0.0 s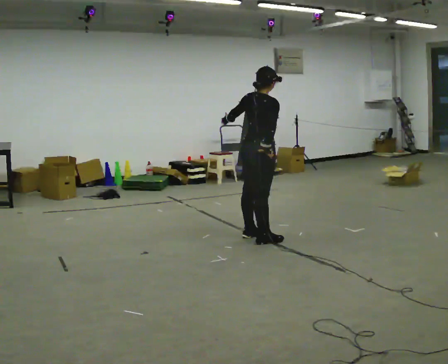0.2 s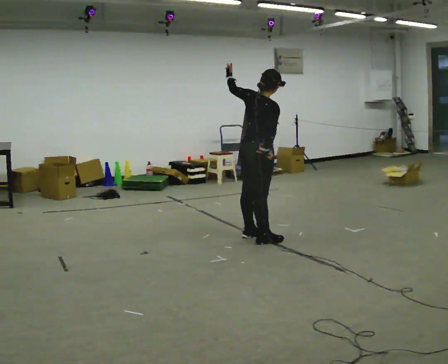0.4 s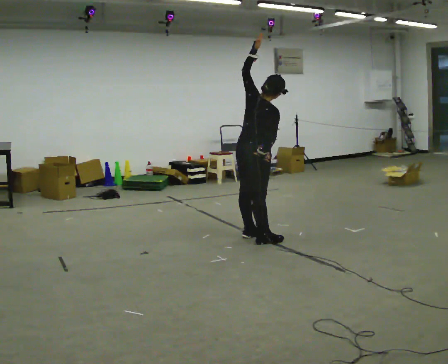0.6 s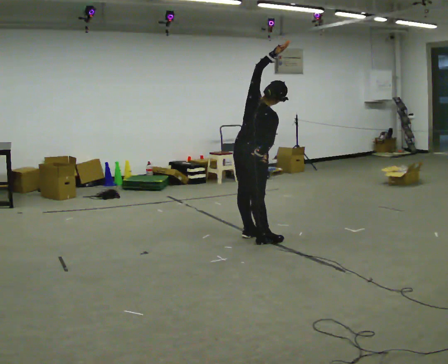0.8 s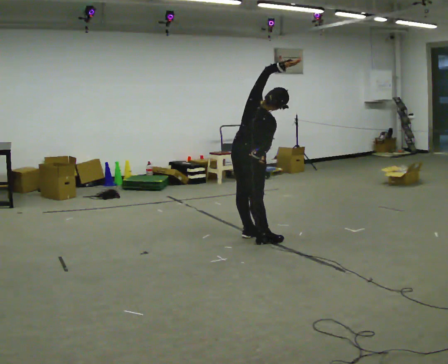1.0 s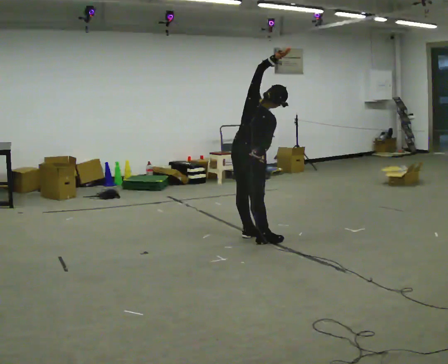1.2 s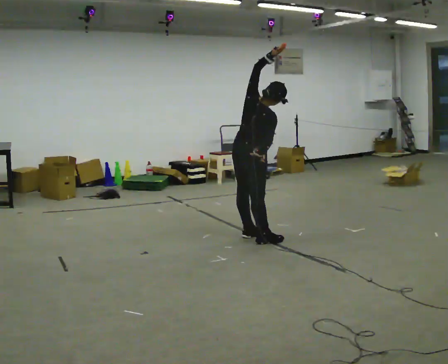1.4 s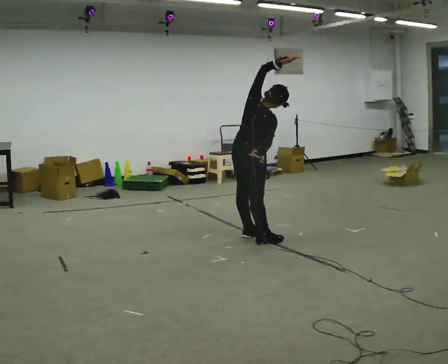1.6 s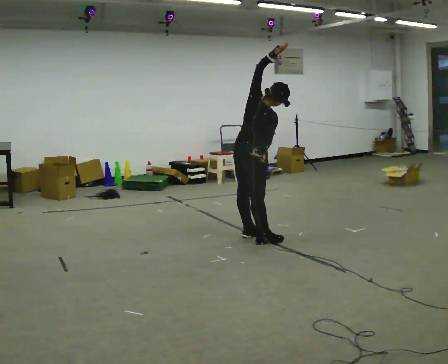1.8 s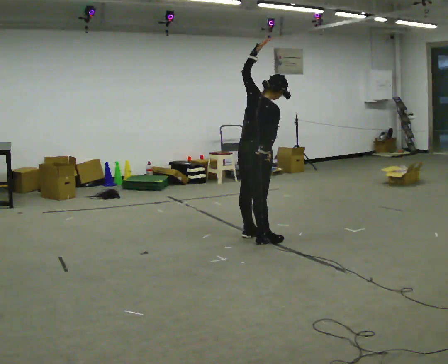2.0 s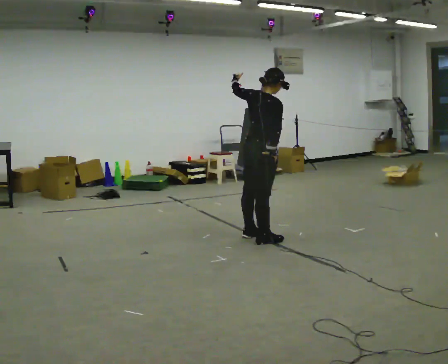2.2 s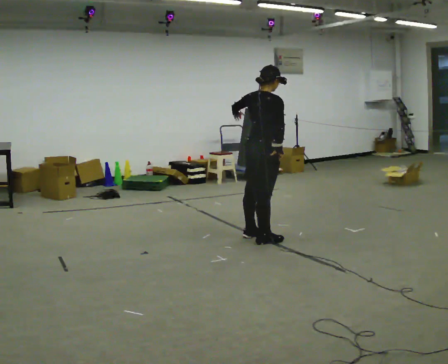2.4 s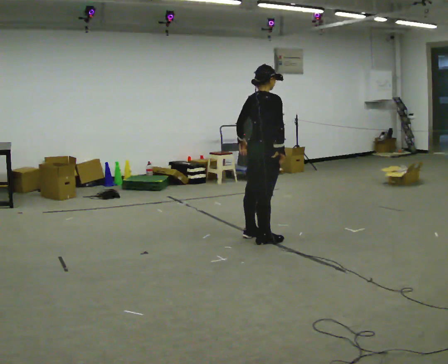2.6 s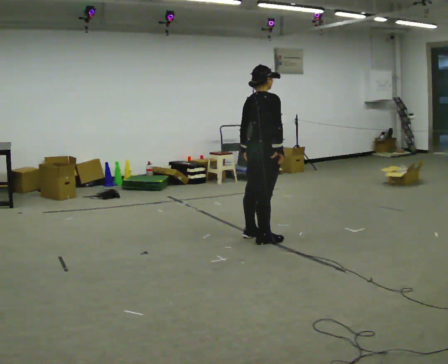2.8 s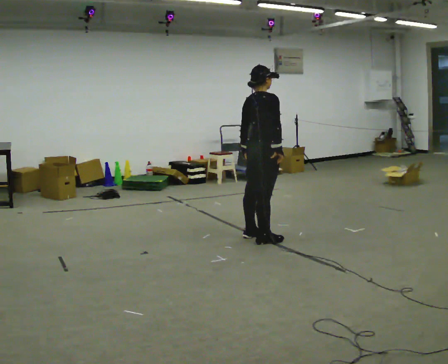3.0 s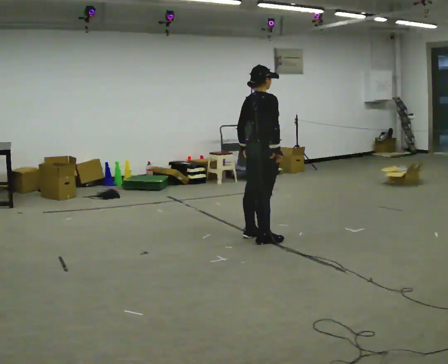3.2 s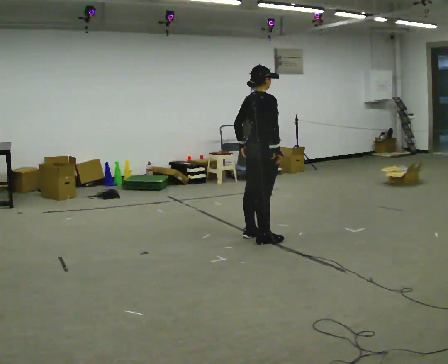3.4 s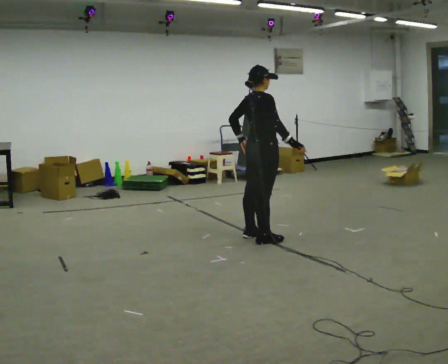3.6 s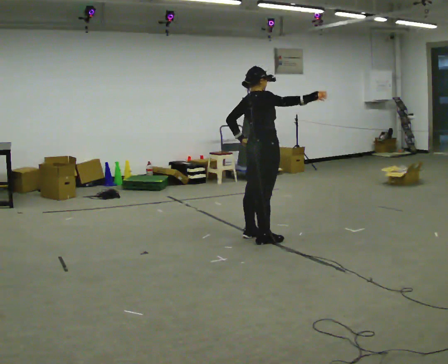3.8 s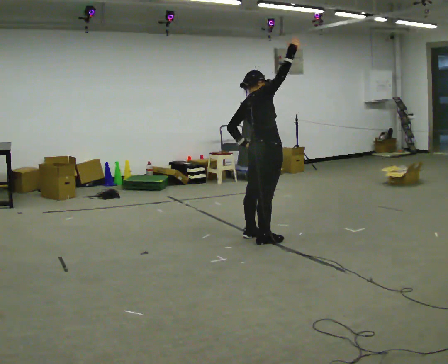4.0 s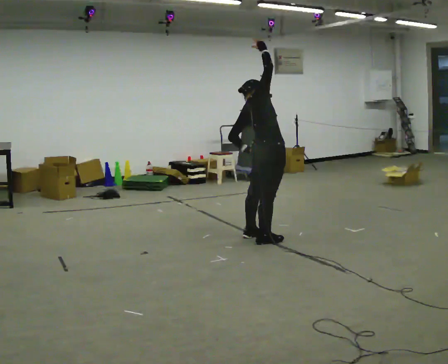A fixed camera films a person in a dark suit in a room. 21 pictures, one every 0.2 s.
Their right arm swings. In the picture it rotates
counterclockwise.
0.0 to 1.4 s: In the picture their left hand goes to the right and upward, the arm swinging clockwise.
1.4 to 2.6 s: The upper body tips away from the camera, its near side rolling upward. In the picture their left hand goes downward and to the left.
2.6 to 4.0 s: The upper body tips away from the camera, its near side rolling upward. In the picture their right hand goes upward, the arm swinging counterclockwise.
The film runs forward here.
